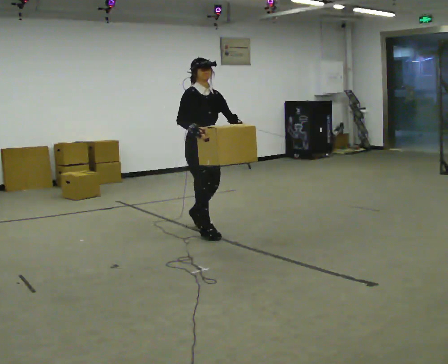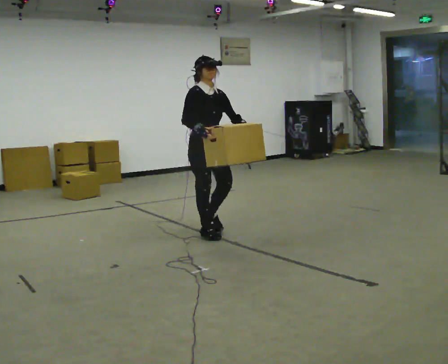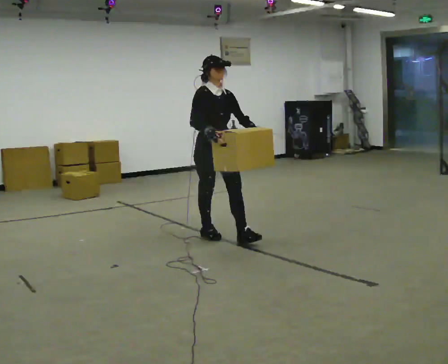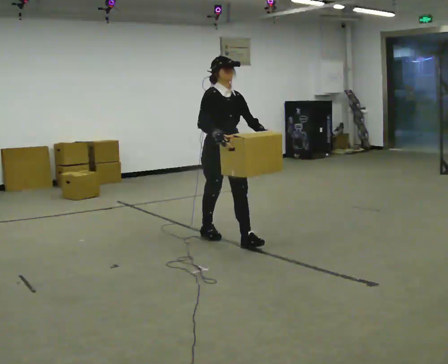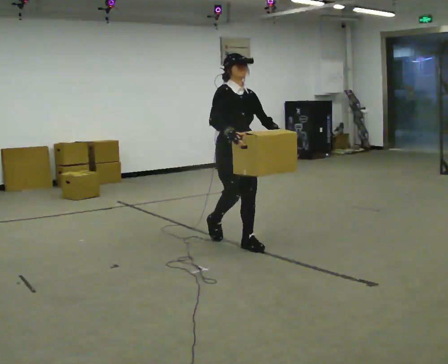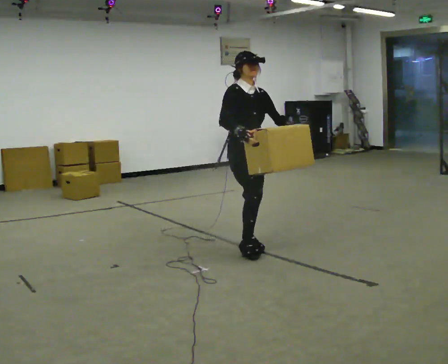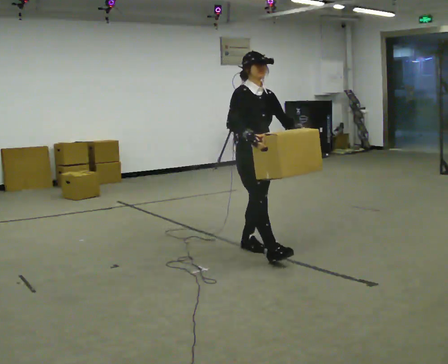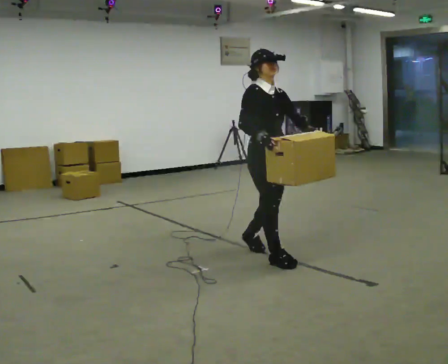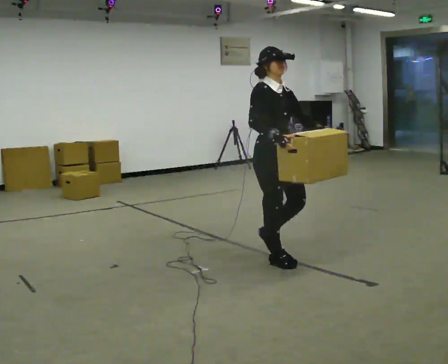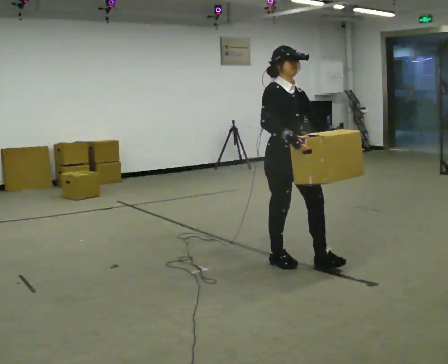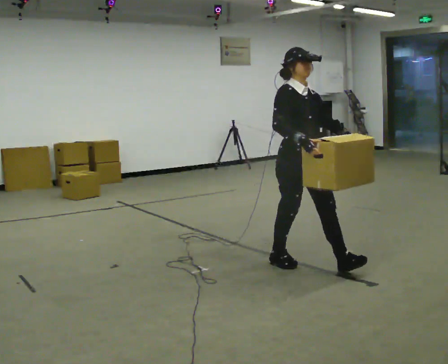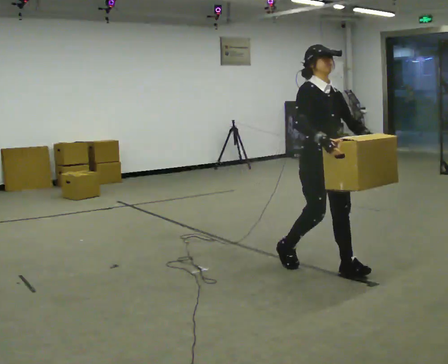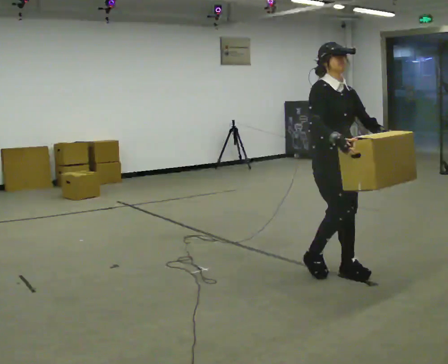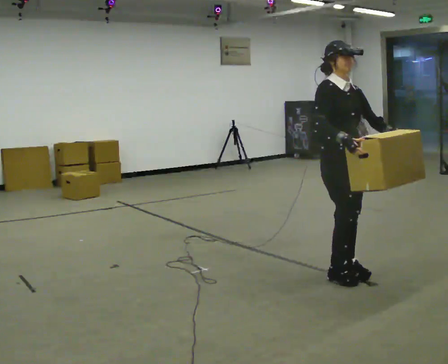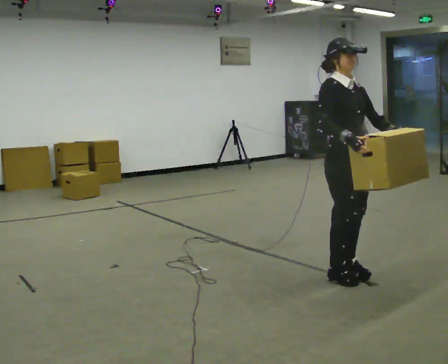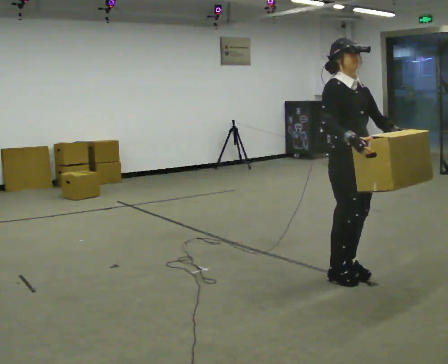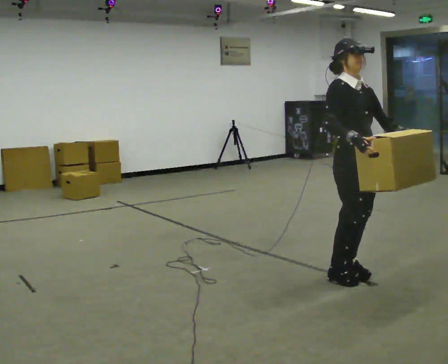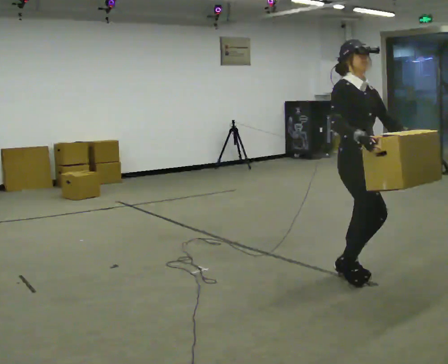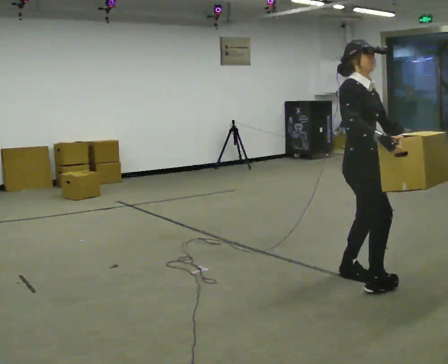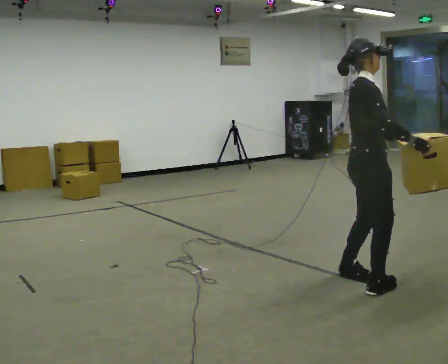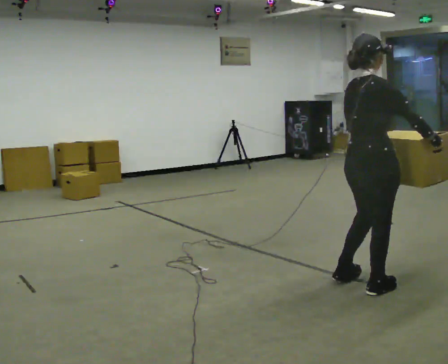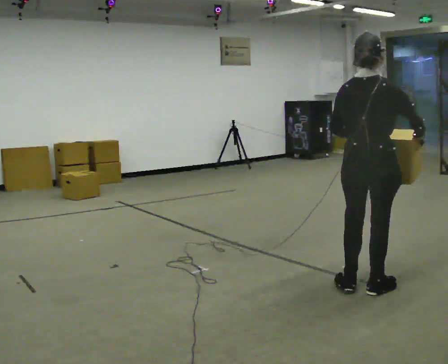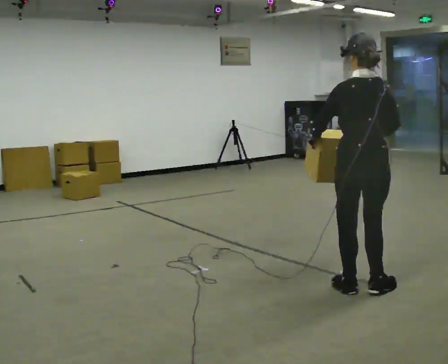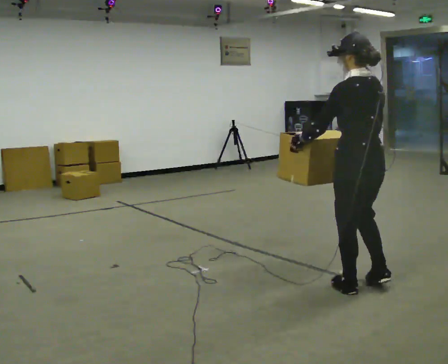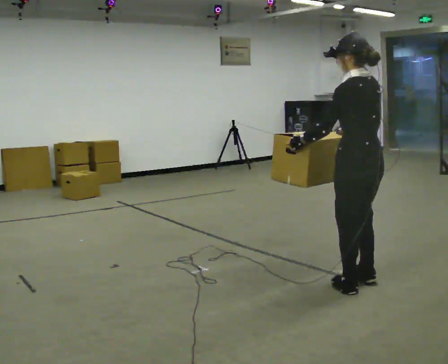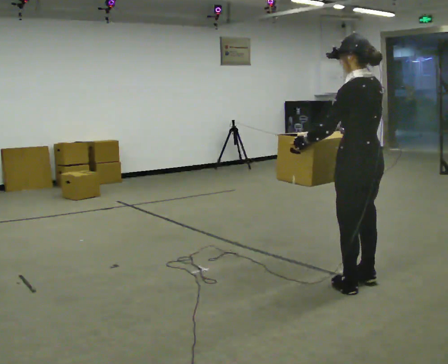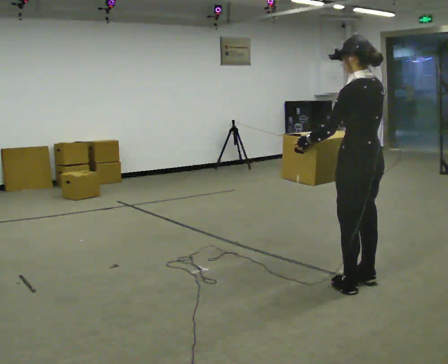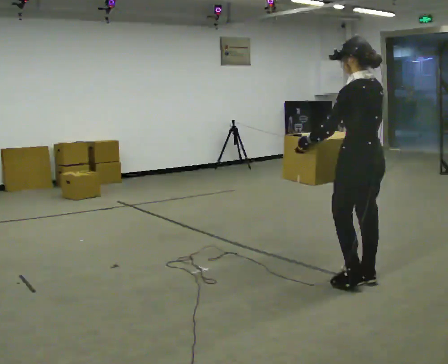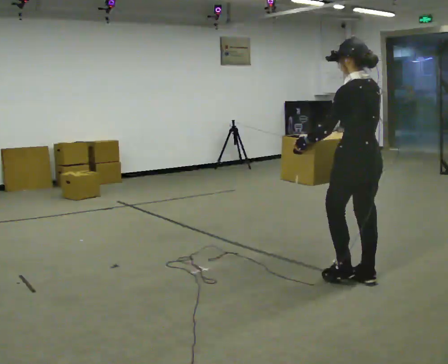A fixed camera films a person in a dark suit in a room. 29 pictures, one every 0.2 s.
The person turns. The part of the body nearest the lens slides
to the right.
The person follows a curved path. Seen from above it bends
counterclockwise.
0.0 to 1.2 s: In the picture they go to the right and toward the camera, about 1 m in 1 step, which for them is forward.
1.2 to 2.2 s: In the picture they go to the right and toward the camera, about 0.75 m in 2 steps, which for them is forward.
2.2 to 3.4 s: In the picture they go to the right and toward the camera, about 0.25 m in 1 step, which for them is forward.
3.4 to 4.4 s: Seen from above the body turns counterclockwise, about 150 degrees: to their left, with its near side sliding to the right. In the picture they go toward the camera, about 0.25 m in 2 steps.
4.4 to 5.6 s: Seen from above the body turns counterclockwise, about 30 degrees: to their left, with its near side sliding to the right. In the picture they go away from the camera, about 0.25 m in 1 step, which for them is to their right and forward.
The film runs forward here.
